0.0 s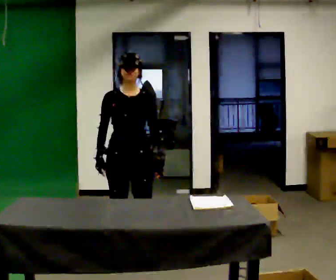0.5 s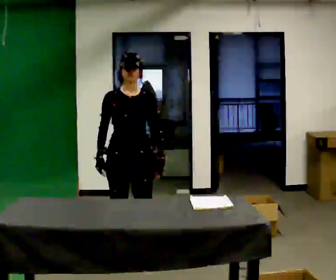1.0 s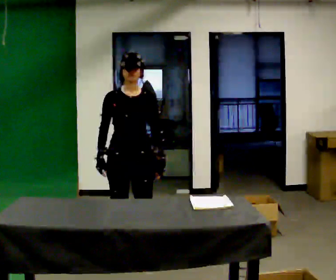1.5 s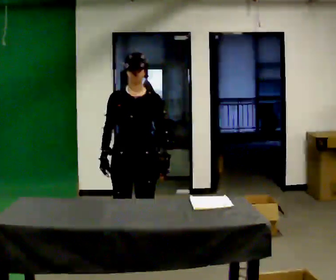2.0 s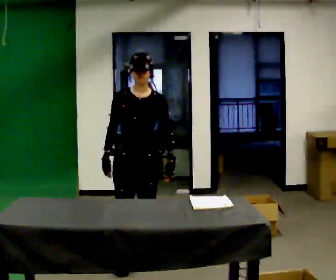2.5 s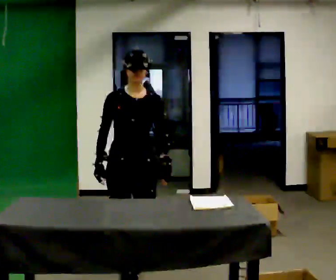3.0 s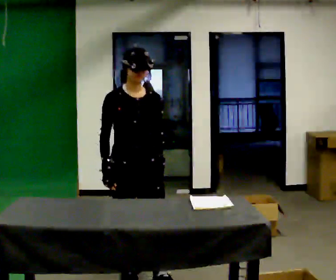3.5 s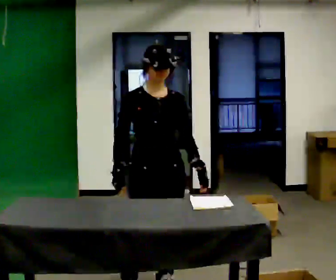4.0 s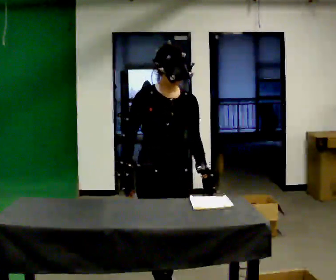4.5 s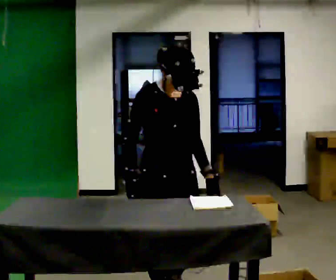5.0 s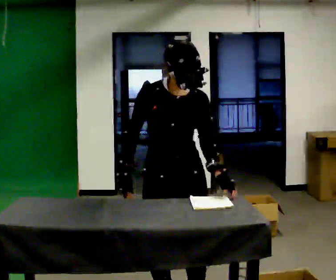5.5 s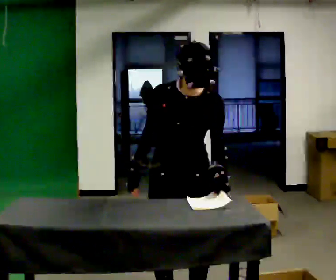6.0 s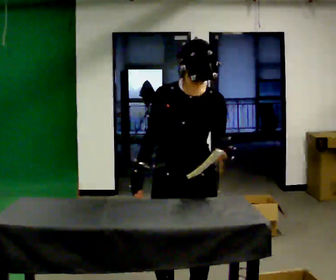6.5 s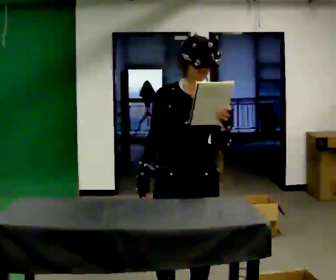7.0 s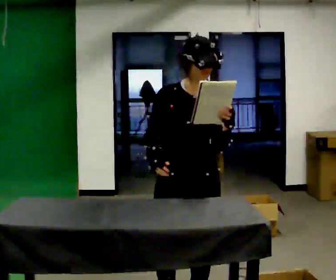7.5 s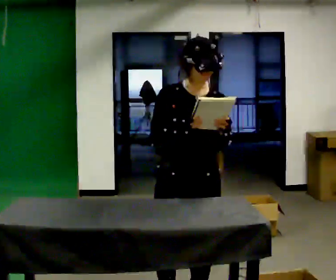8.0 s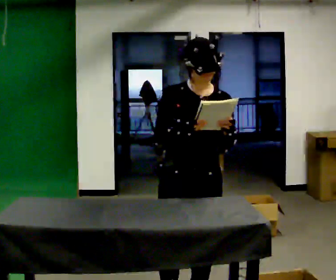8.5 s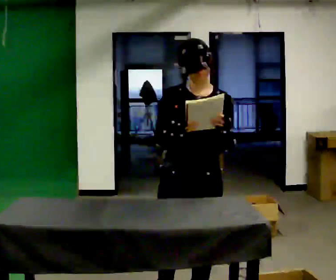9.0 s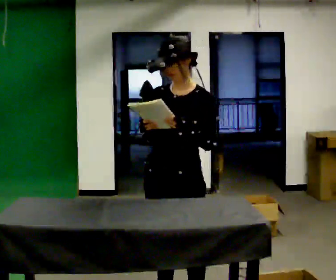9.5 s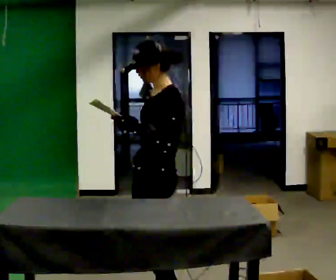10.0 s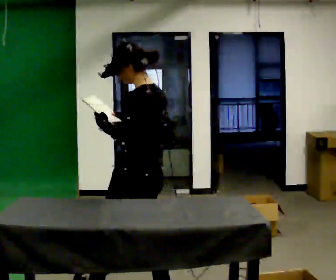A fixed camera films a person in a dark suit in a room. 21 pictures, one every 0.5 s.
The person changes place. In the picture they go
toward the camera.
0.0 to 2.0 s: The person moves a little, or ends about where they began.
2.0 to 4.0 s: In the picture they go toward the camera, about 1 m in 3 steps, which for them is forward.
4.0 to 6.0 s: In the picture they go toward the camera, about 0.25 m in 1 step, which for them is forward.
6.0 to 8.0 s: The person moves a little, or ends about where they began.
8.0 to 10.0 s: Seen from above the body turns clockwise, about 120 degrees: to their right, with its near side sliding to the left. In the picture they go to the left, about 0.25 m.
The film runs forward here.
